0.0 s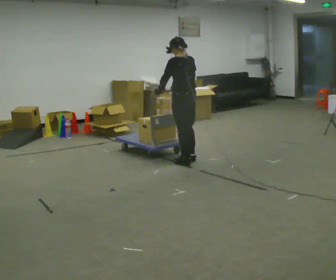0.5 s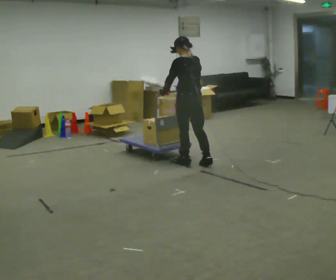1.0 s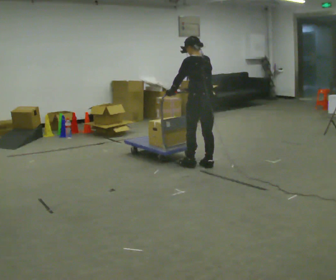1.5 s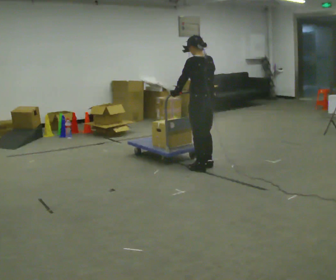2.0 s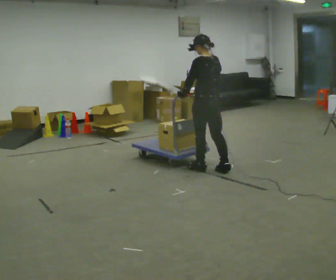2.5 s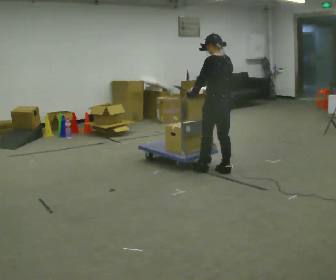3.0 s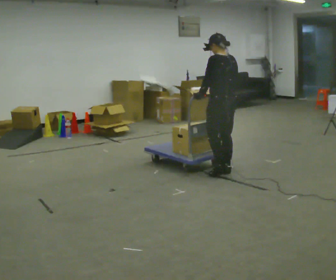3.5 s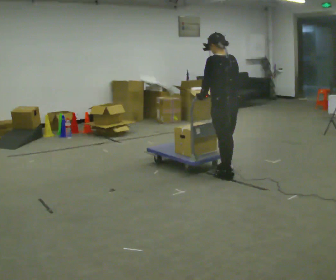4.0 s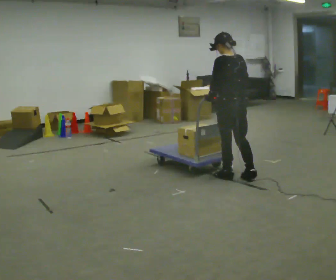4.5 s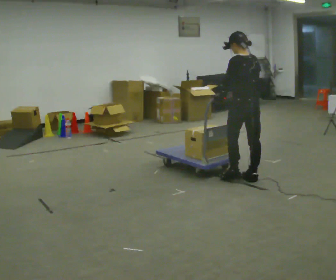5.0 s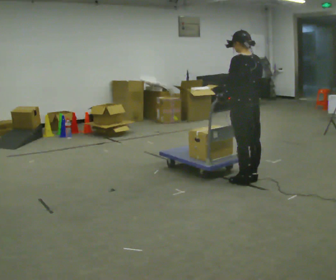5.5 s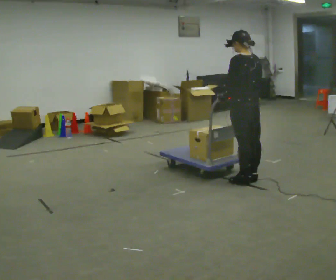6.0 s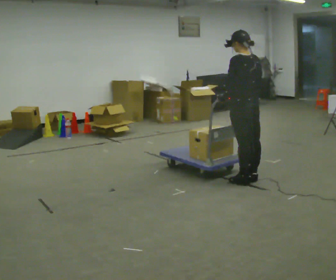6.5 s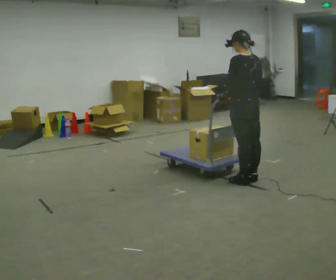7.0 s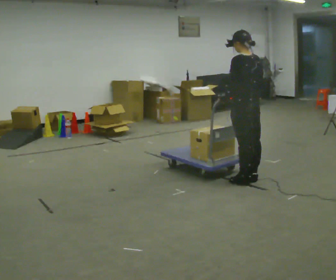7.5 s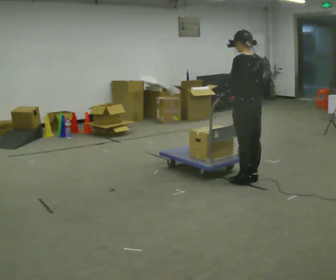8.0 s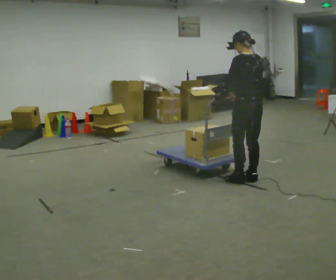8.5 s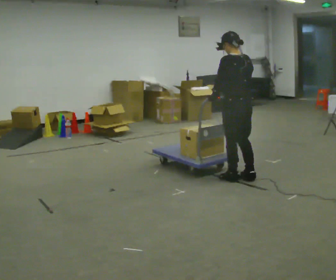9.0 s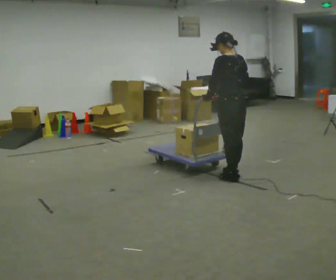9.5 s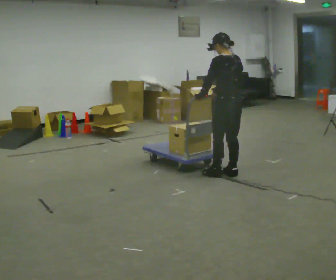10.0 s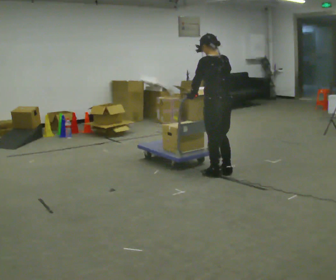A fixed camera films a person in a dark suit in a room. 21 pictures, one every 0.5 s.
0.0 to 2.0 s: In the picture they go toward the camera and to the right, about 0.5 m in 3 steps, which for them is backward.
2.0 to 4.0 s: In the picture they go toward the camera and to the right, about 0.5 m in 2 steps, which for them is backward.
4.0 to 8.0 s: In the picture they go to the right, about 0.25 m in 2 steps, which for them is backward.
8.0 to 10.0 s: In the picture they go to the left and away from the camera, about 0.25 m in 3 steps, which for them is forward.
The film runs backward here.
